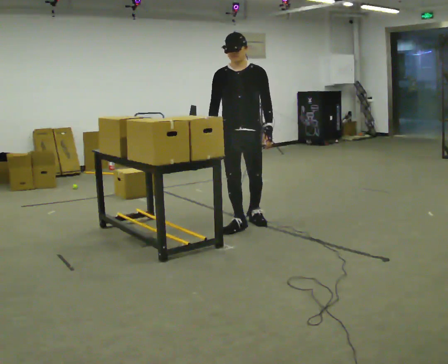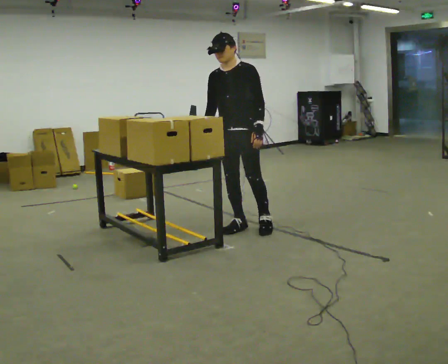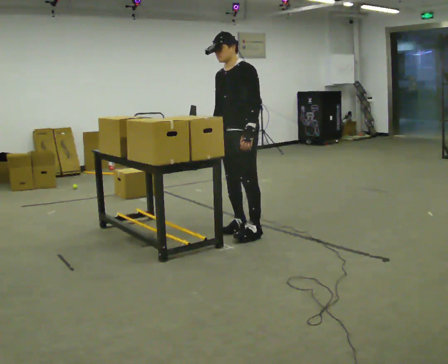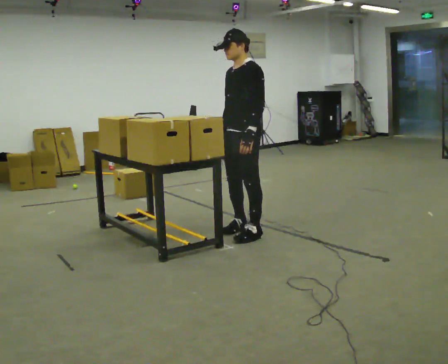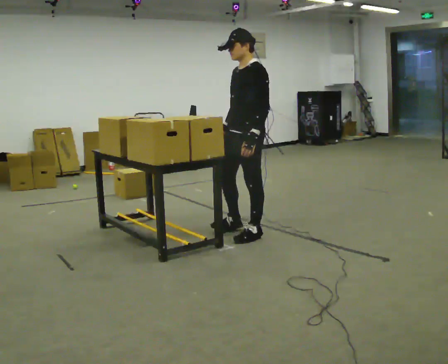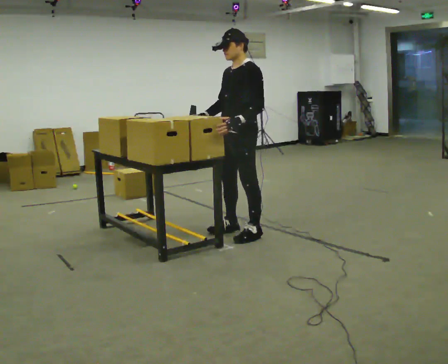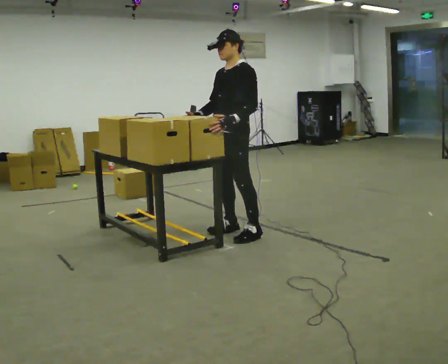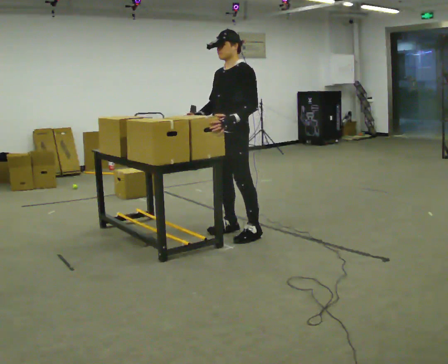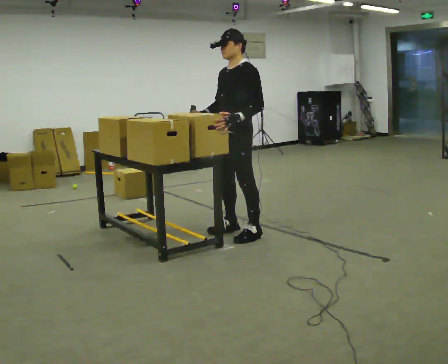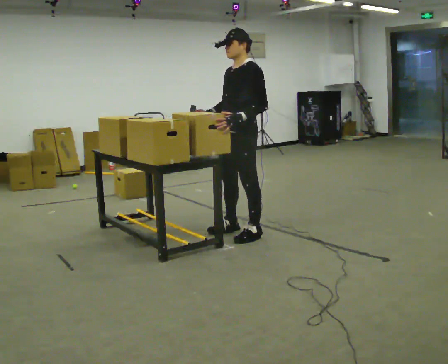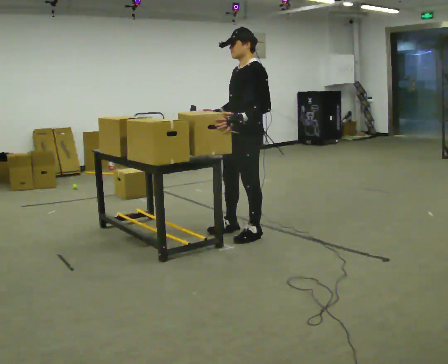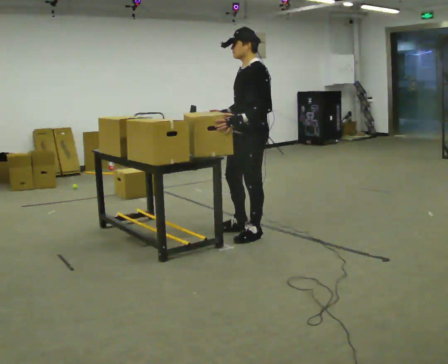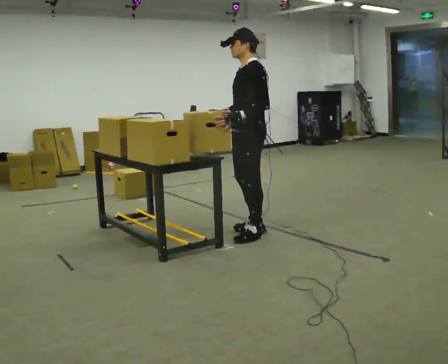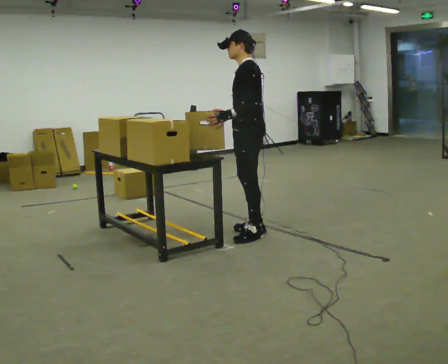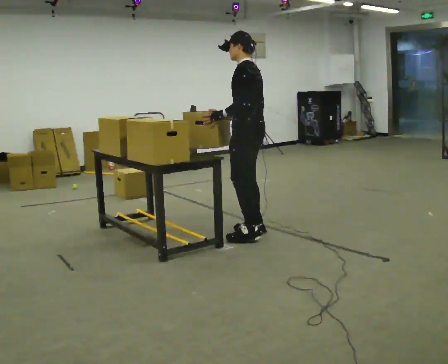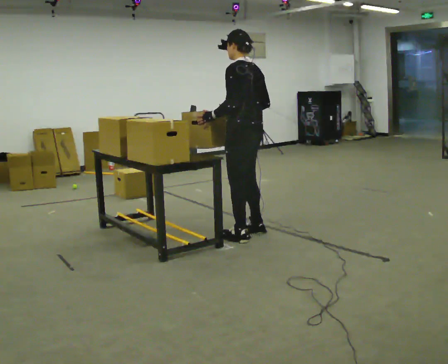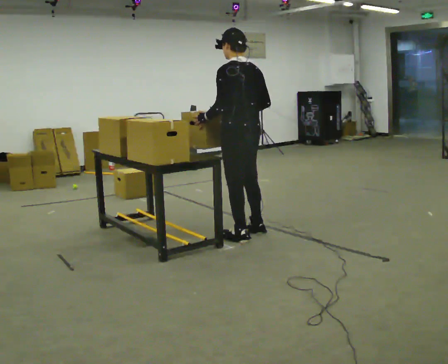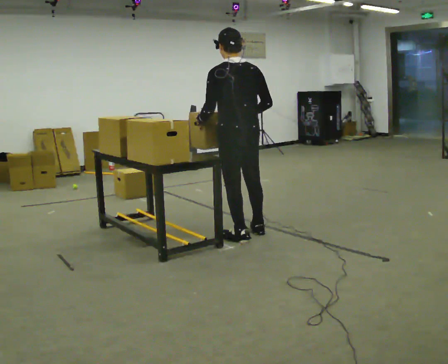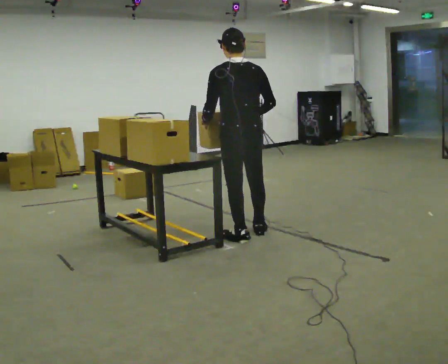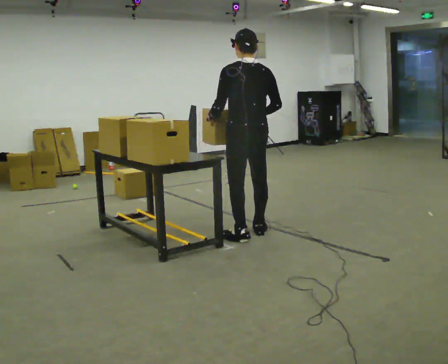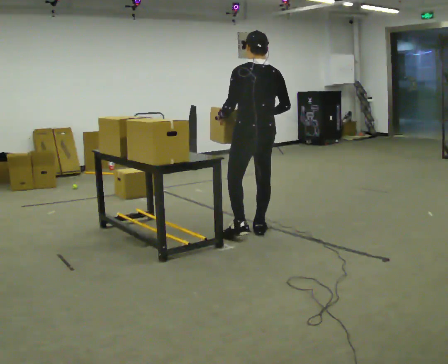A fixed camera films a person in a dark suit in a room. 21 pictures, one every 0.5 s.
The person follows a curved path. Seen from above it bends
counterclockwise.
Their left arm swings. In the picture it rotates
clockwise.
0.0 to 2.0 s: Seen from above the body turns clockwise, about 60 degrees: to their right, with its near side sliding to the left. In the picture they go toward the camera, about 0.25 m in 1 step, which for them is to their left and forward.
2.0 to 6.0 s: The person moves a little, or ends about where they began.
6.0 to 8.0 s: Seen from above the body turns clockwise, about 60 degrees: to their right, with its near side sliding to the left.
8.0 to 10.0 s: In the picture they go away from the camera, about 0.25 m, which for them is to their right.
The film runs forward here.
